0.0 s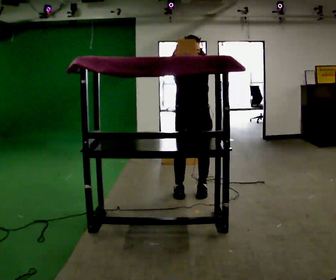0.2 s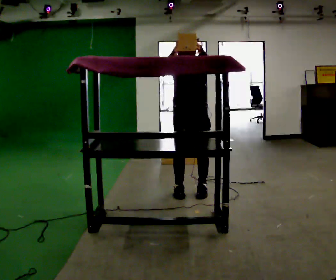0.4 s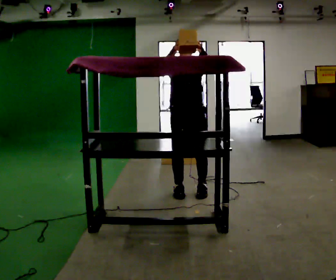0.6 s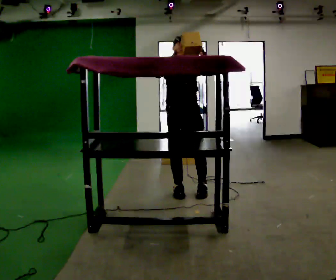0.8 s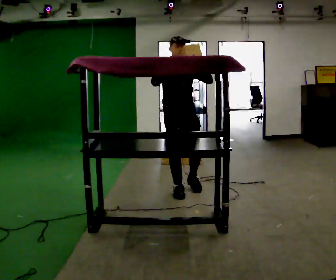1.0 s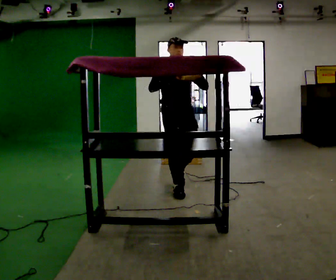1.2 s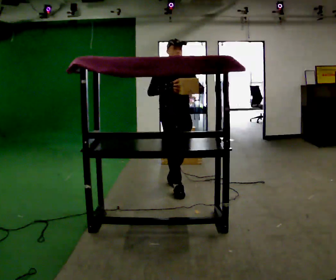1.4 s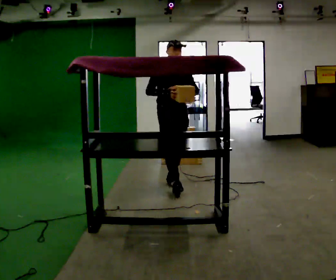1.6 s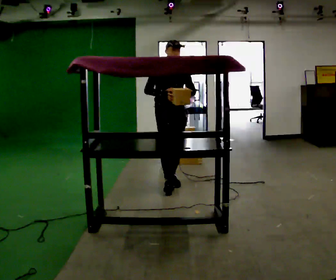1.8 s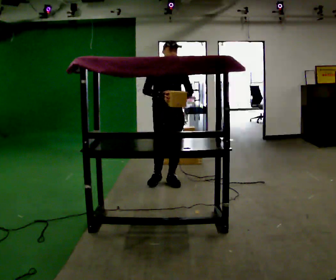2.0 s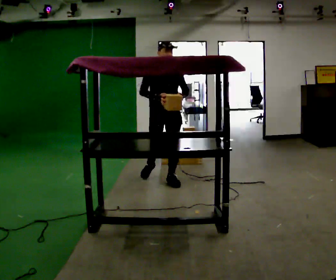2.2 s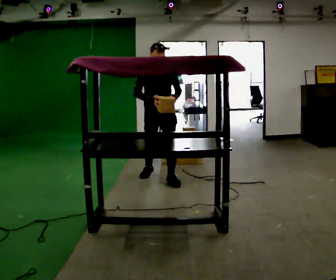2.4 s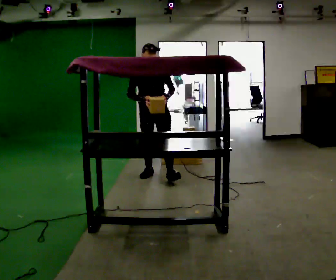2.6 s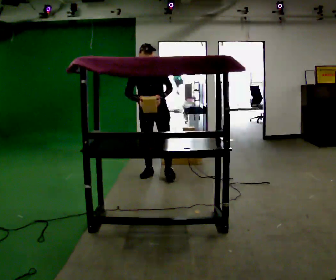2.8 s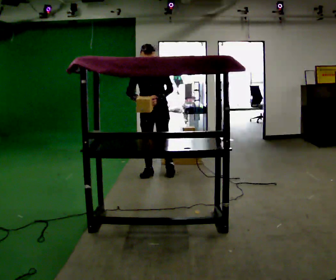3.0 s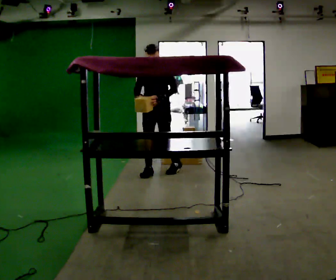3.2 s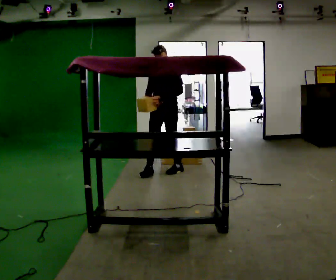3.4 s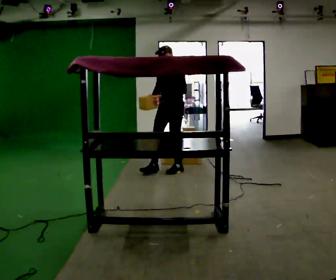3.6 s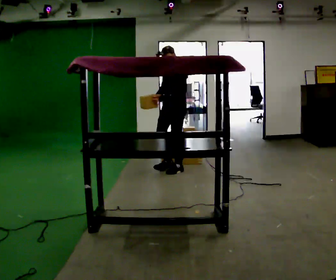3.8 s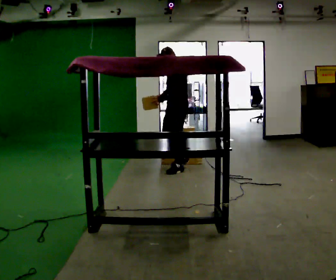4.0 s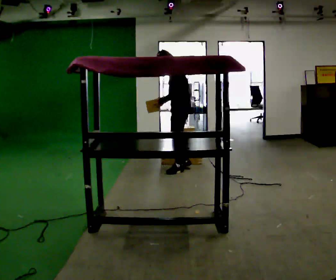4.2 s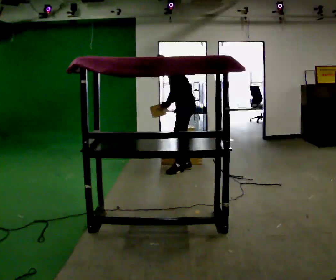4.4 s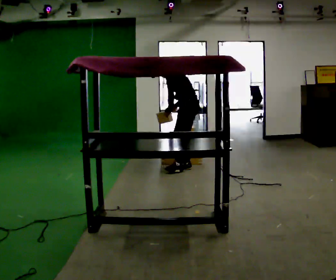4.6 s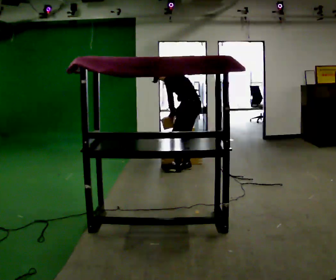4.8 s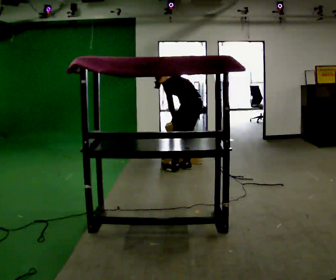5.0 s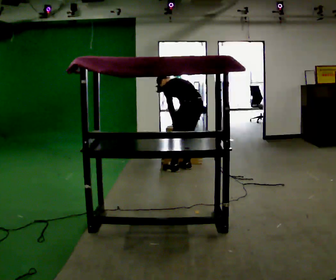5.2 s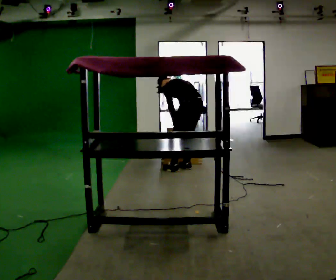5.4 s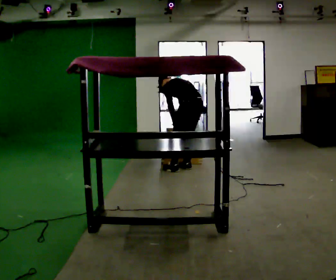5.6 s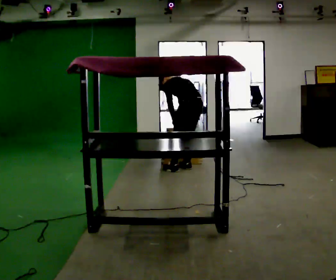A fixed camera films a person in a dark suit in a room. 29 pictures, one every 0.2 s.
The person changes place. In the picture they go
away from the camera.
The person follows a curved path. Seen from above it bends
clockwise.
0.0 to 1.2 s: Seen from above the body turns counterclockwise, about 30 degrees: to their left, with its near side sliding to the right. In the picture they go away from the camera and to the left, about 0.25 m in 1 step, which for them is backward and to their right. In the picture their left hand goes downward.
1.2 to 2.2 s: In the picture they go away from the camera, about 0.5 m in 1 step, which for them is backward.
2.2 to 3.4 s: The part of the body nearest the lens slides to the left as the person turns to their right by about 45 degrees. In the picture they go away from the camera and to the right, about 0.5 m in 2 steps, which for them is backward.
3.4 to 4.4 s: Seen from above the body turns clockwise, about 60 degrees: to their right, with its near side sliding to the left. In the picture they go to the right, about 0.25 m. In the picture the upper body tilts counterclockwise, shoulders to the left, as they bend forward.
4.4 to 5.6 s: The person turns about 30 degrees to their right, clockwise seen from above, so the part of the body nearest the lens slides to the left. The upper body tips away from the camera, its near side rolling upward, as they bend forward.
The film runs backward here.
